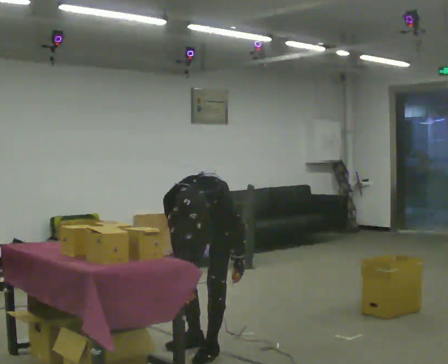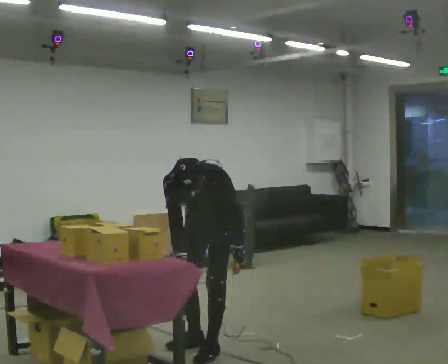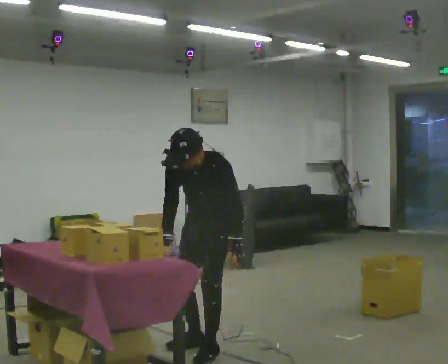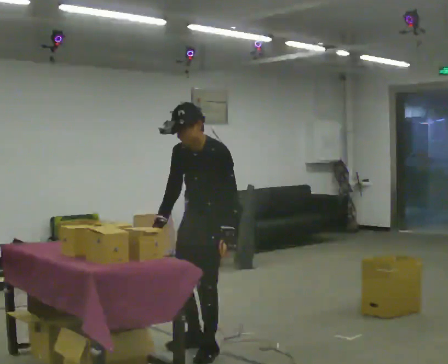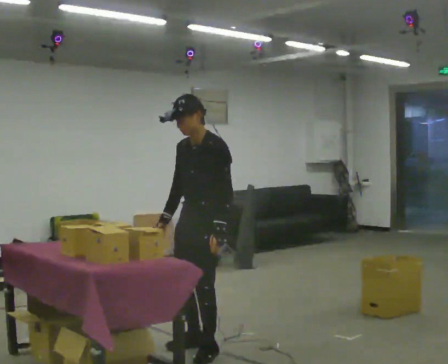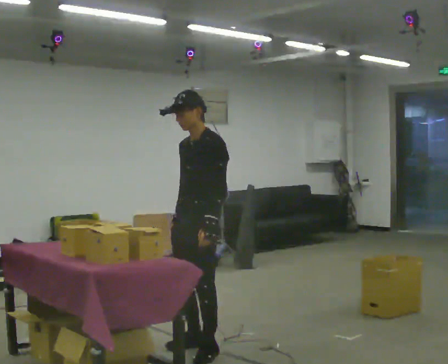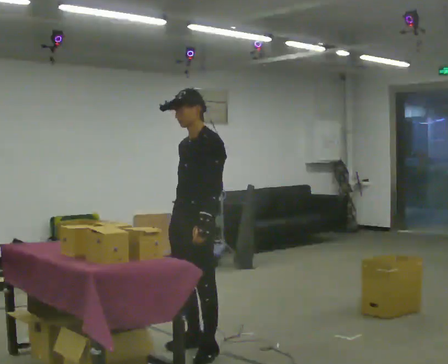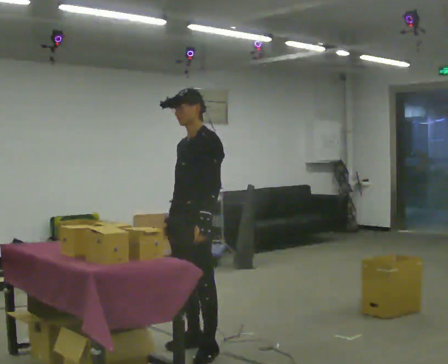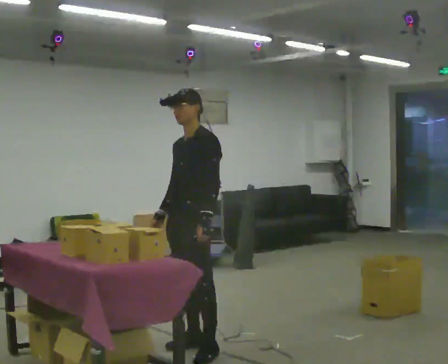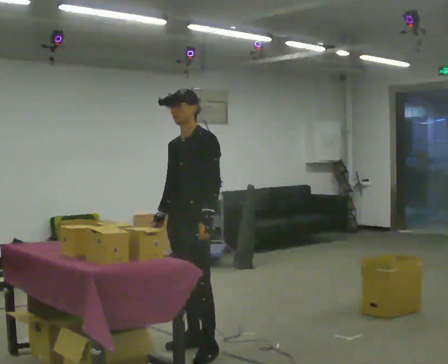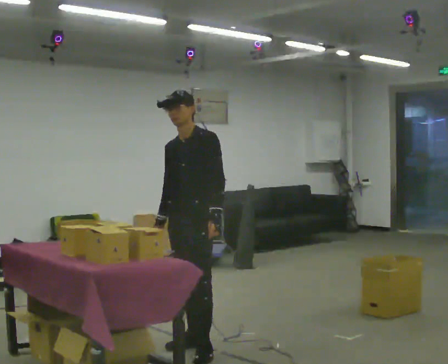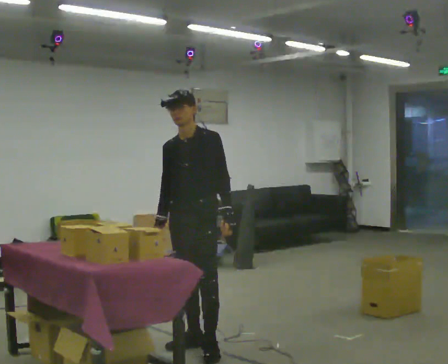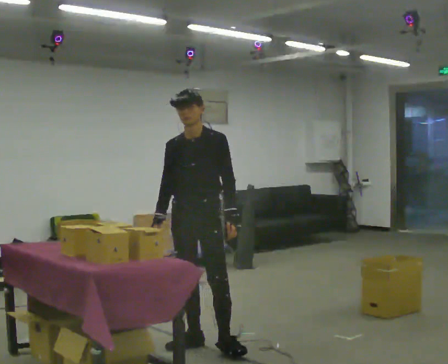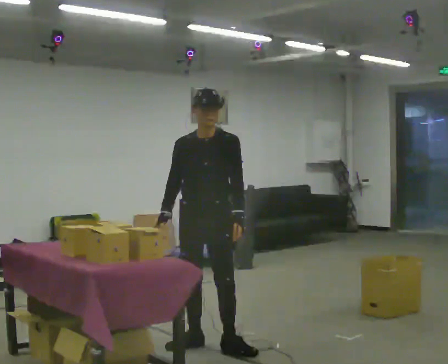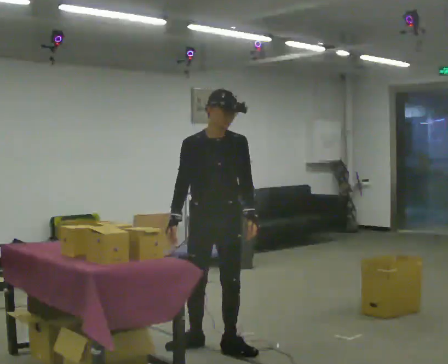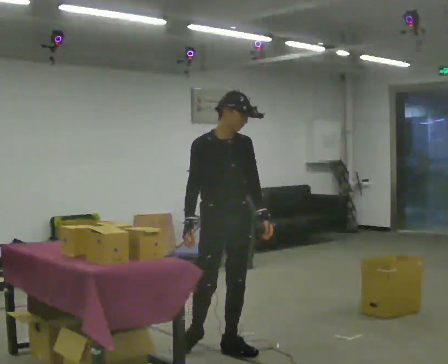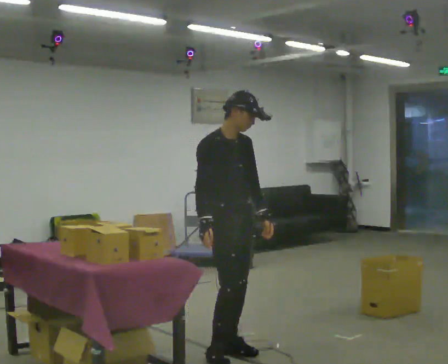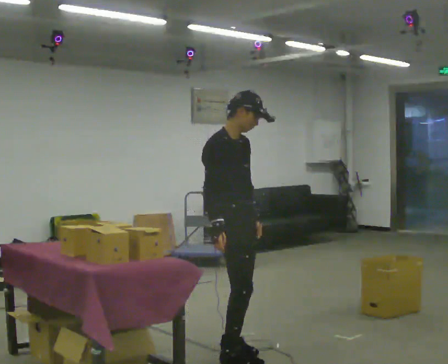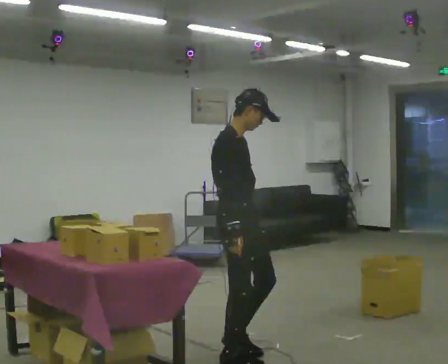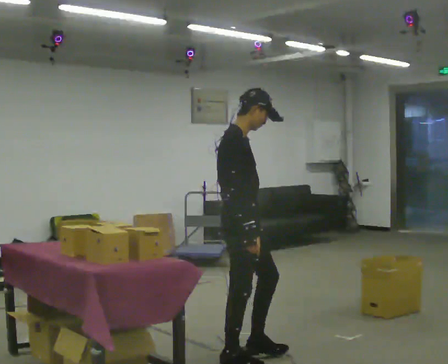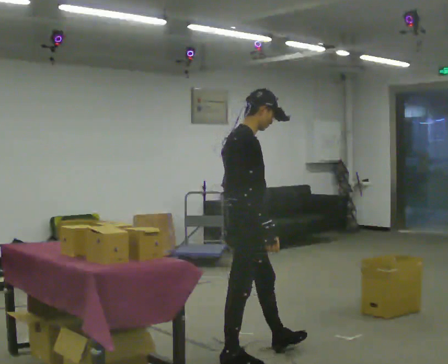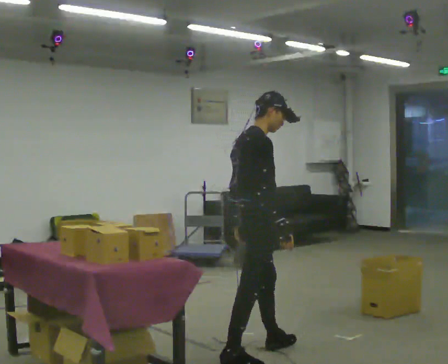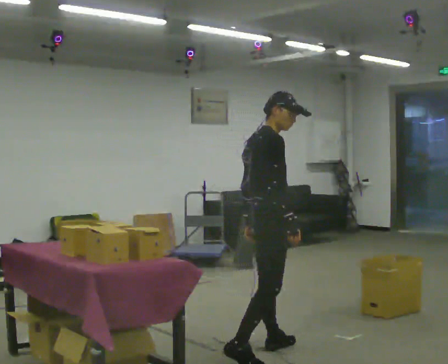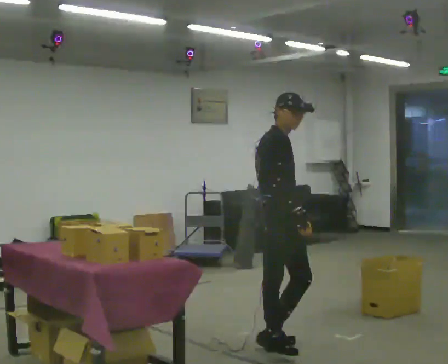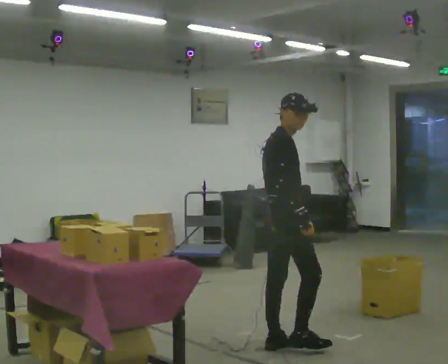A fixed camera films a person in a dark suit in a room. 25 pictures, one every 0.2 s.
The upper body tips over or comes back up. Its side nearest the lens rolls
upward.
The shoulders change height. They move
upward.
0.0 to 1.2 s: The person turns about 30 degrees to their right, clockwise seen from above, so the part of the body nearest the lens slides to the left. The upper body goes upward. The upper body tips away from the camera, its near side rolling upward, as they lean back or straighten.
1.2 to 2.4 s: The part of the body nearest the lens slides to the right as the person turns to their left by about 30 degrees.
2.4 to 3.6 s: The part of the body nearest the lens slides to the right as the person turns to their left by about 90 degrees. In the picture they go toward the camera and to the right, about 0.5 m in 1 step.
3.6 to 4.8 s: Seen from above the body turns counterclockwise, about 30 degrees: to their left, with its near side sliding to the right. In the picture they go to the right and away from the camera, about 0.5 m in 1 step, which for them is forward and to their left.
The film runs forward here.
